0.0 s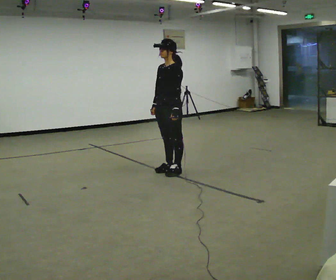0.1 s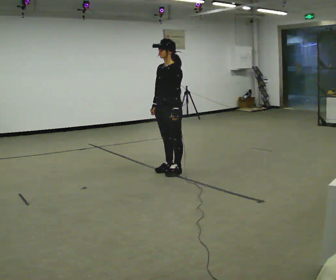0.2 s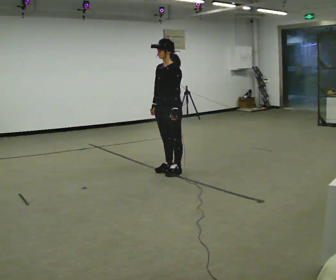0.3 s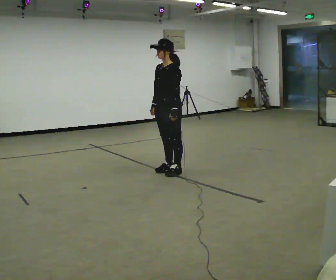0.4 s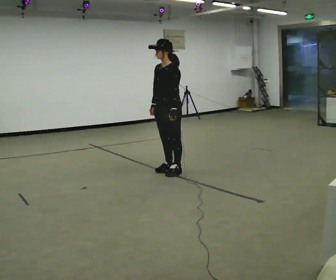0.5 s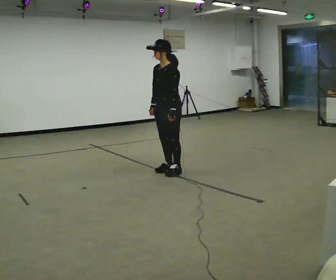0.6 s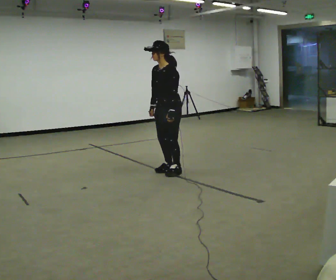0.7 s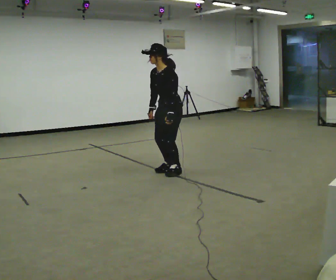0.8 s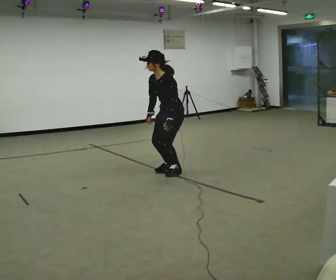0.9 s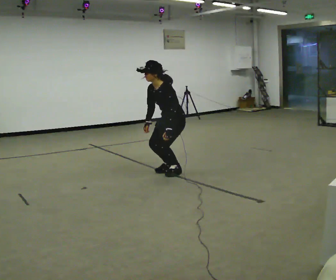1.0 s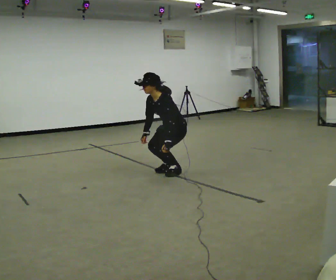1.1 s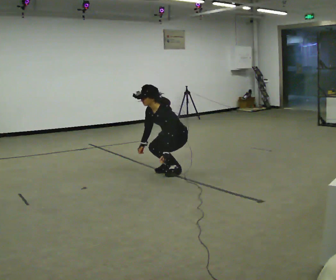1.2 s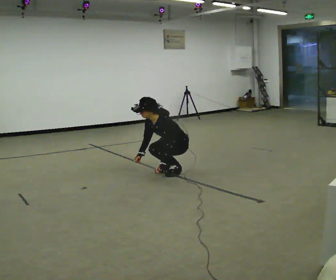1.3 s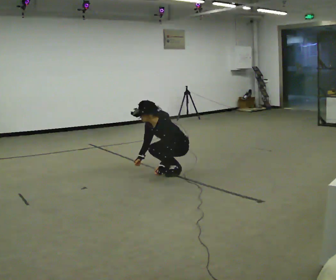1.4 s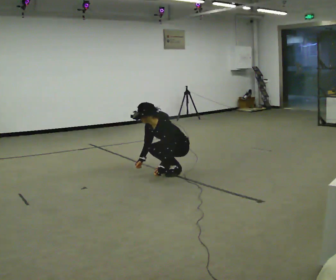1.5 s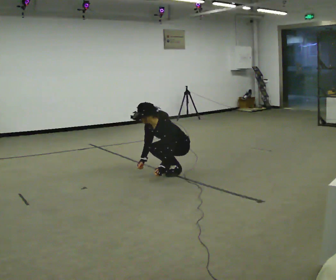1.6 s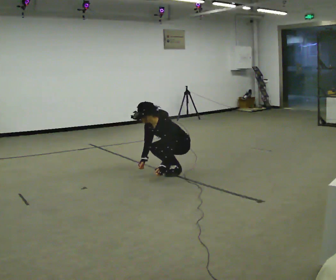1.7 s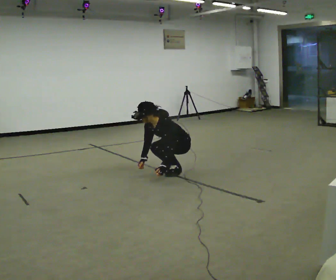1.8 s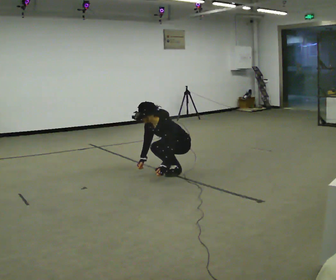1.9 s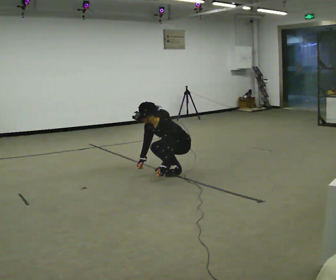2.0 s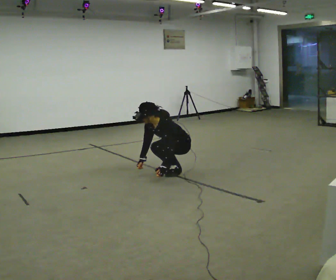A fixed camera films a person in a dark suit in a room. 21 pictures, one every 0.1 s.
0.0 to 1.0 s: The upper body goes downward. In the picture the upper body tilts counterclockwise, shoulders to the left, as they bend forward. In the picture their left hand goes downward.
1.0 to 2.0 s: The shoulders move downward. In the picture the upper body tilts counterclockwise, shoulders to the left, as they bend forward.
The film runs forward here.
